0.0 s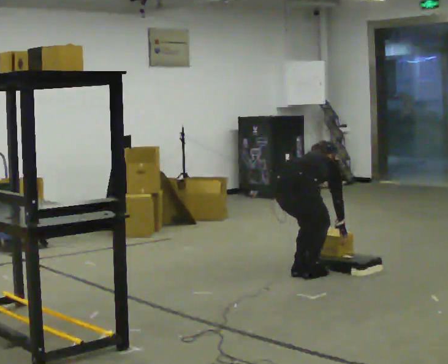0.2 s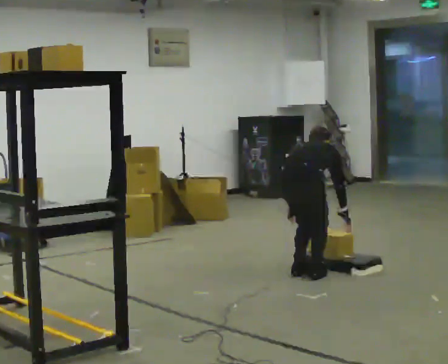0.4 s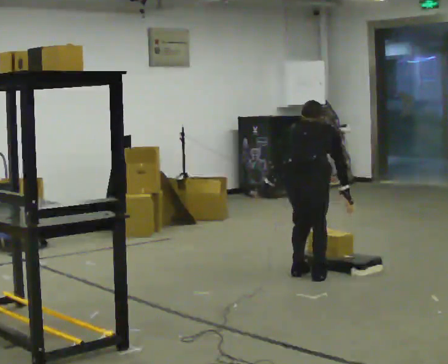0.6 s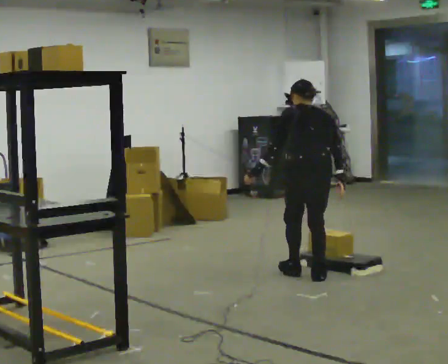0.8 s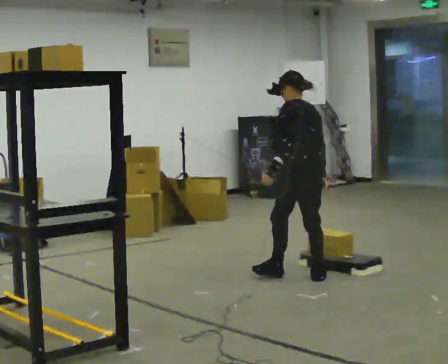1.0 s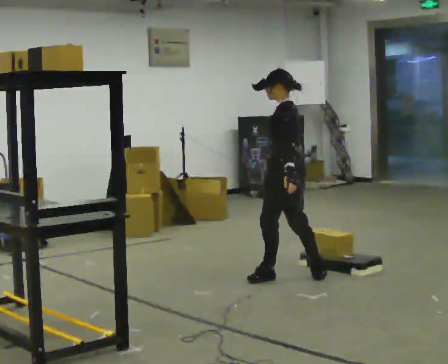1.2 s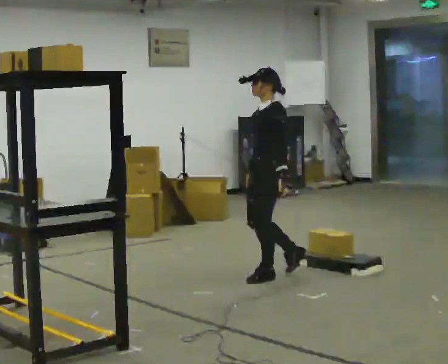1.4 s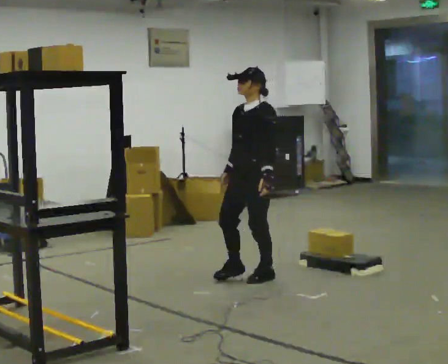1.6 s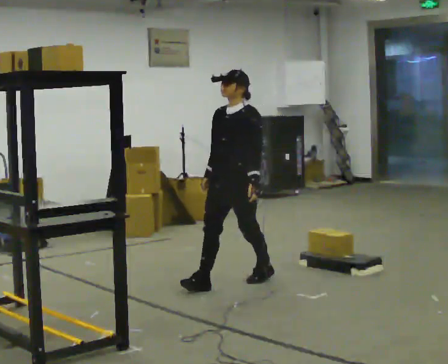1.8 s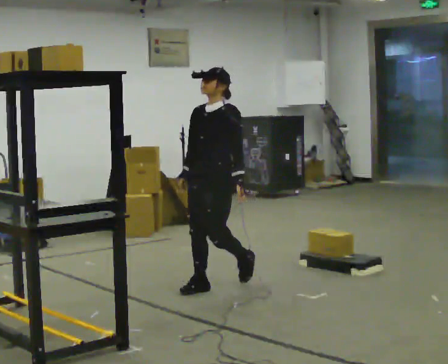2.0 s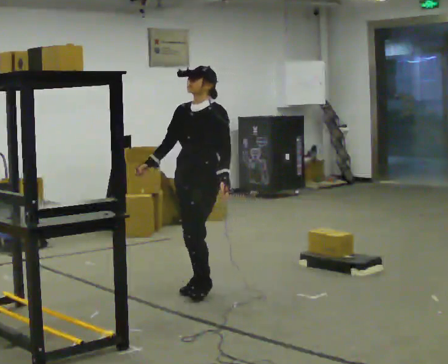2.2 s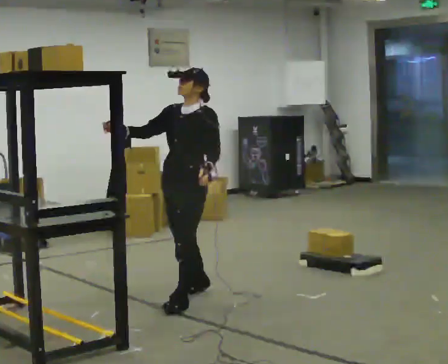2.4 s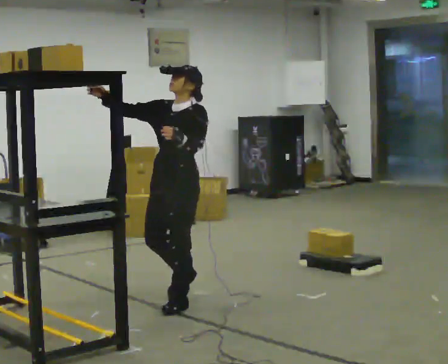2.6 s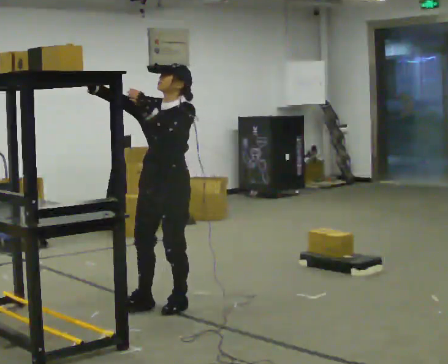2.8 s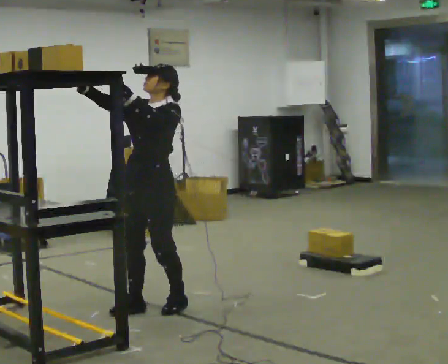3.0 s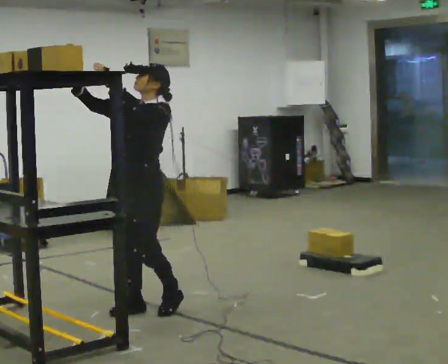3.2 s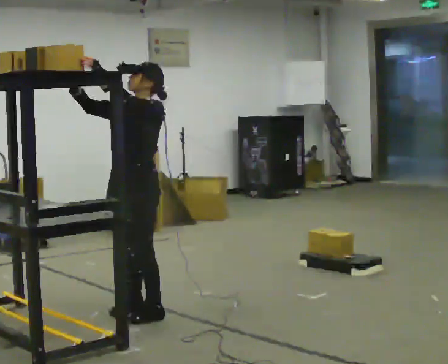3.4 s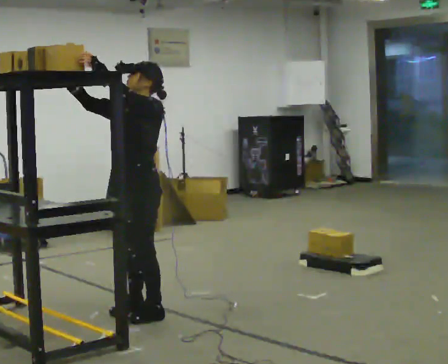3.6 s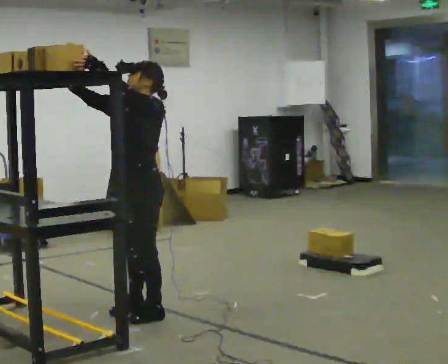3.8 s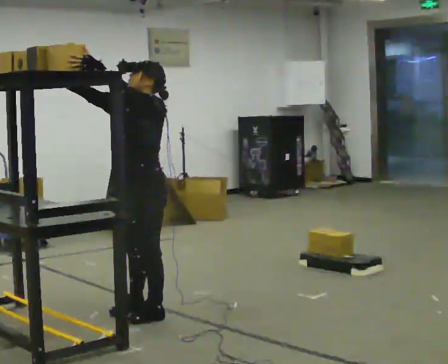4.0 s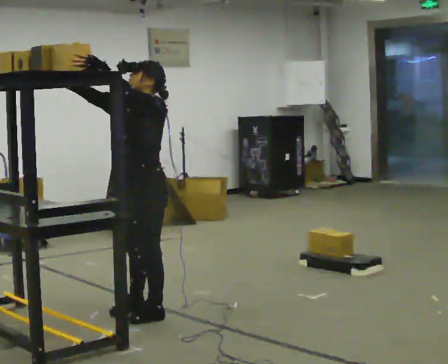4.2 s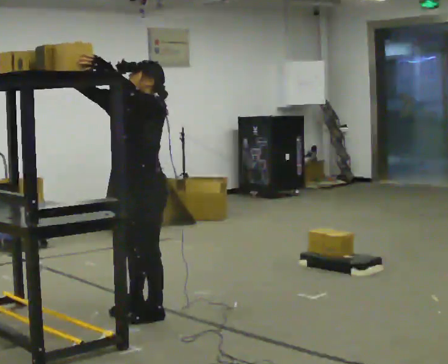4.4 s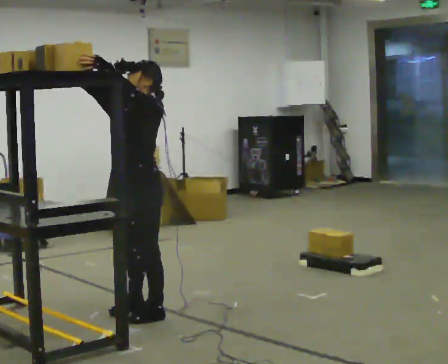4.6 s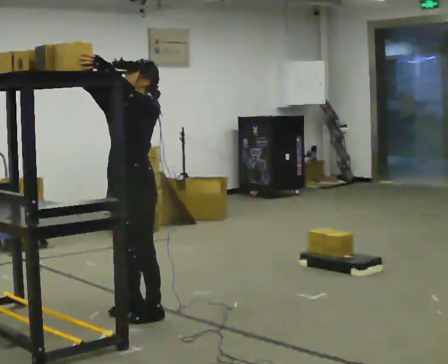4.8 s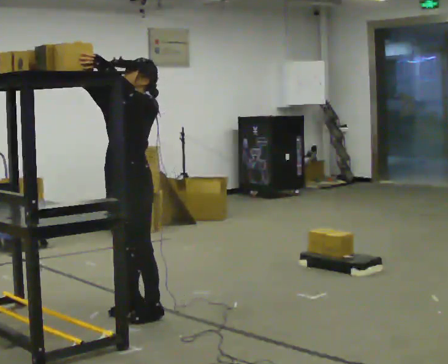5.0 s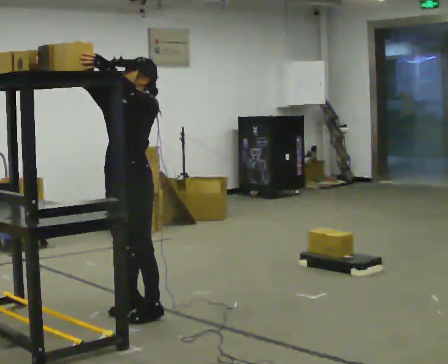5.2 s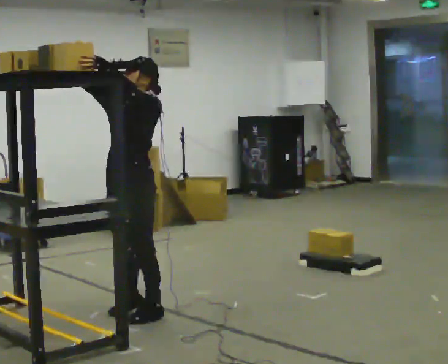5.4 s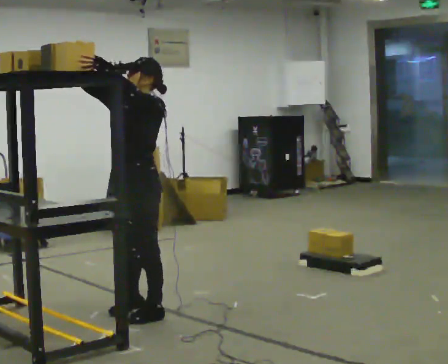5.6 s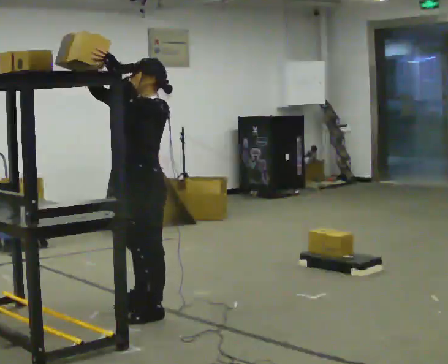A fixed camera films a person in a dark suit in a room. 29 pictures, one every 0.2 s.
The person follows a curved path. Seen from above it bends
counterclockwise.
The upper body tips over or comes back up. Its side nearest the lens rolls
downward.
0.0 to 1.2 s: Seen from above the body turns counterclockwise, about 135 degrees: to their left, with its near side sliding to the right. In the picture they go to the left, about 0.25 m in 1 step. The shoulders move upward. The upper body tips toward the camera, its near side rolling downward, as they lean back or straighten. In the picture their left hand goes upward.
1.2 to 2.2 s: The part of the body nearest the lens slides to the right as the person turns to their left by about 30 degrees. In the picture they go to the left and toward the camera, about 0.5 m in 2 steps, which for them is forward. In the picture their right hand goes upward, the arm swinging clockwise.
2.2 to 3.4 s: In the picture they go toward the camera and to the left, about 0.5 m in 2 steps, which for them is forward. In the picture their left hand goes upward.
3.4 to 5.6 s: The person moves a little, or ends about where they began.
The film runs forward here.
